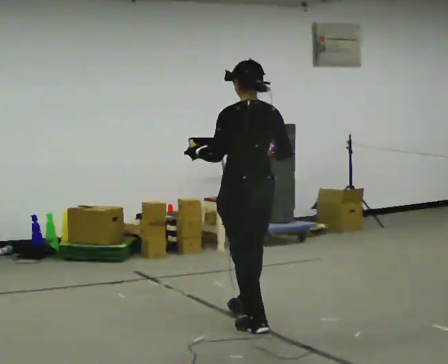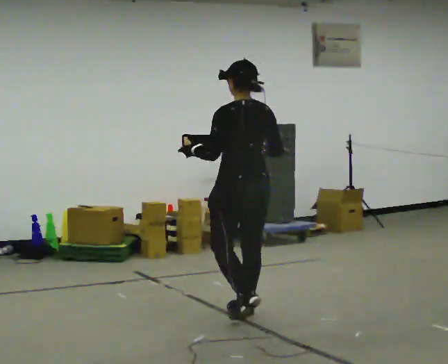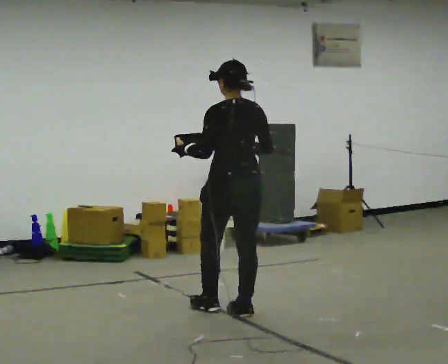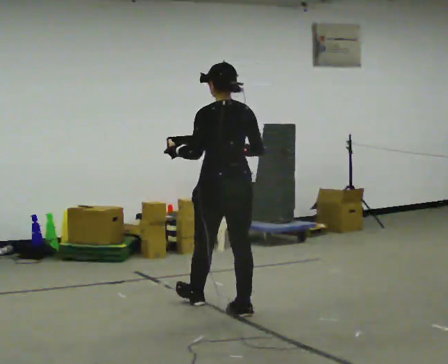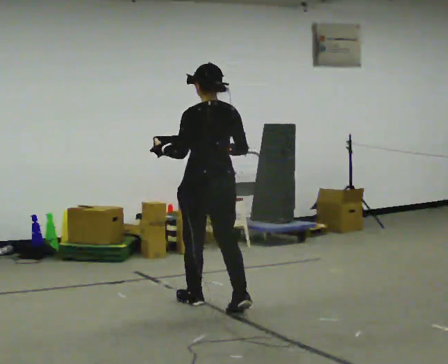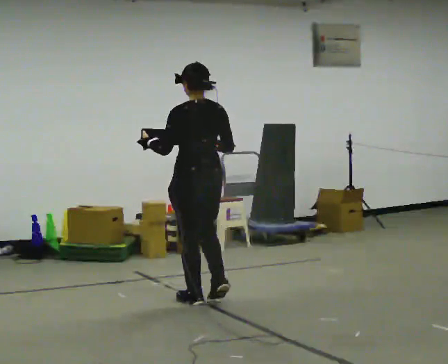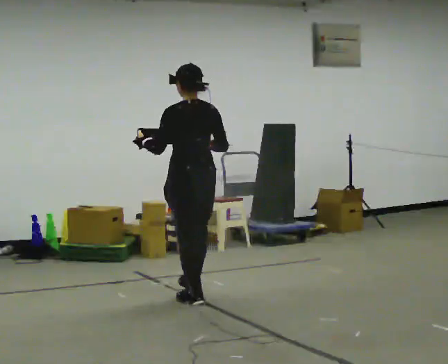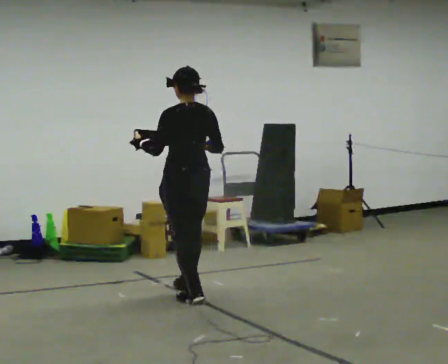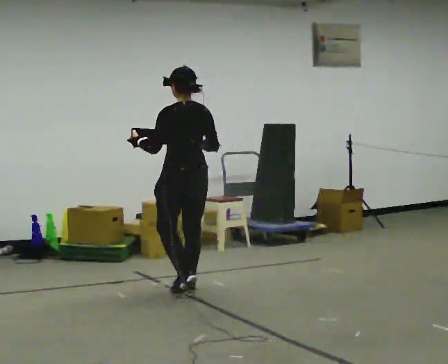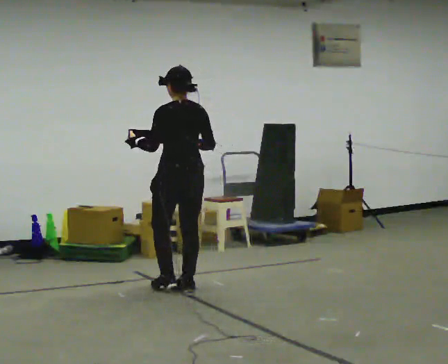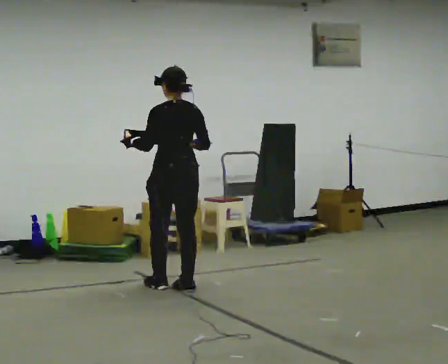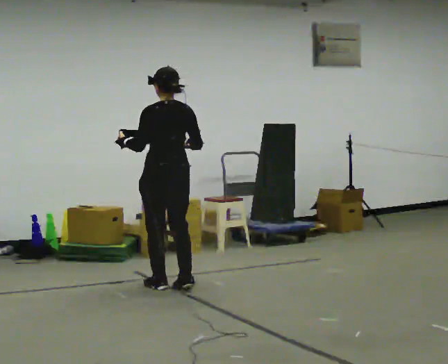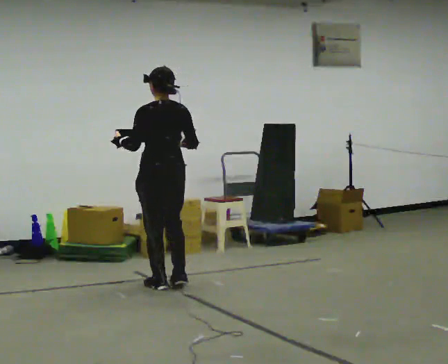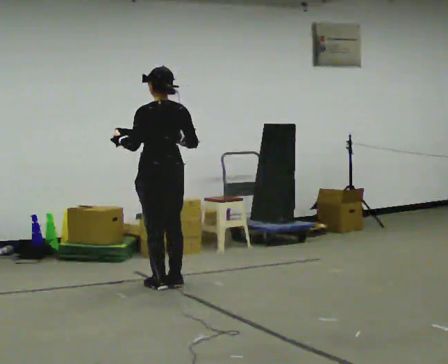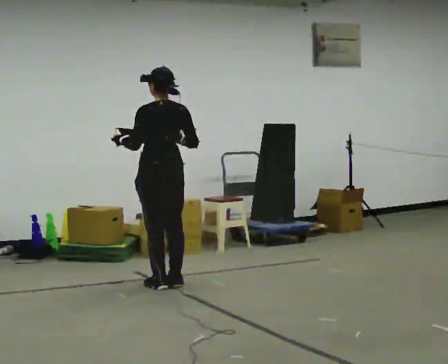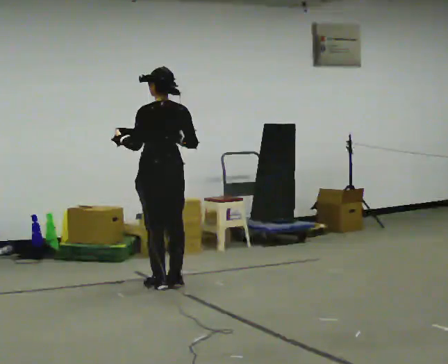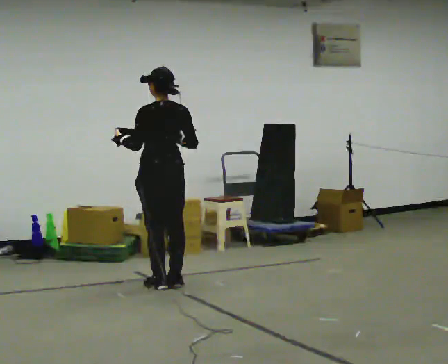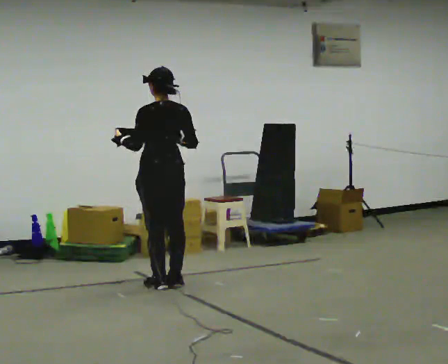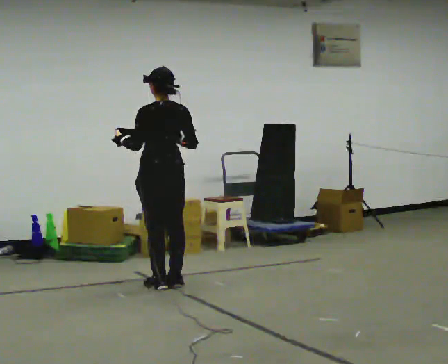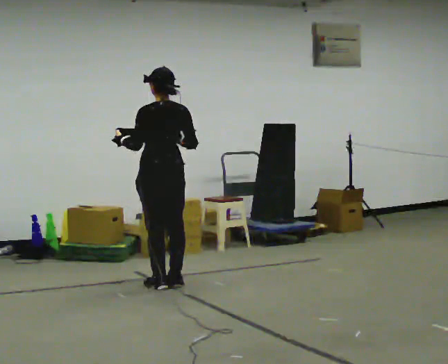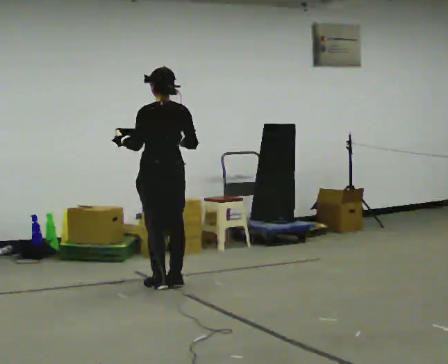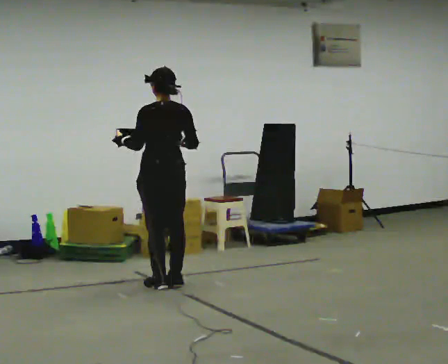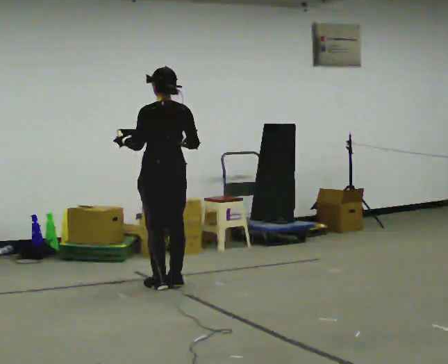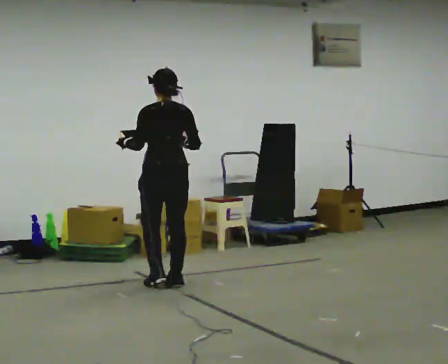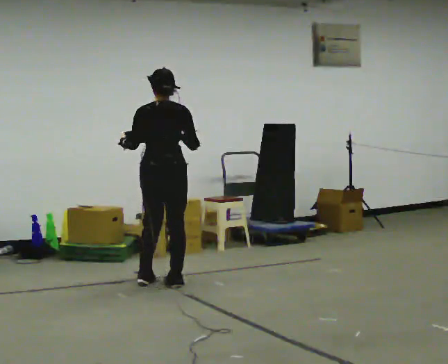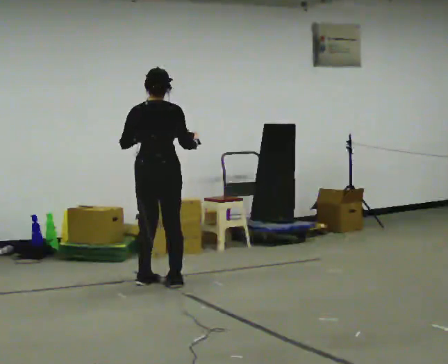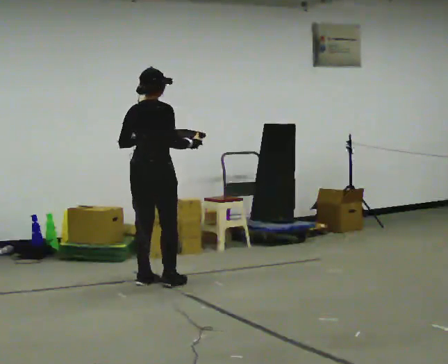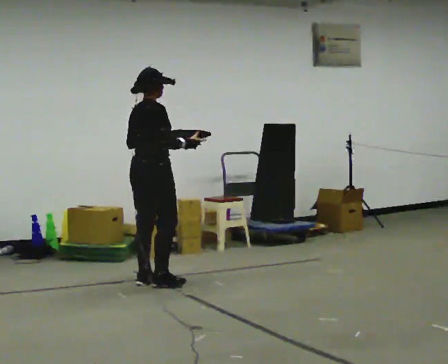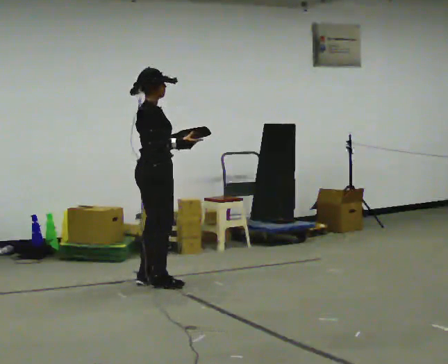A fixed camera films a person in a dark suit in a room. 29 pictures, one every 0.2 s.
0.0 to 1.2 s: In the picture they go away from the camera and to the left, about 0.5 m in 1 step, which for them is forward.
1.2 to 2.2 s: In the picture they go away from the camera and to the left, about 0.5 m in 2 steps, which for them is forward.
2.2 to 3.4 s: The person moves a little, or ends about where they began.
3.4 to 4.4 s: The person keeps their place and pose.
4.4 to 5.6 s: Seen from above the body turns clockwise, about 105 degrees: to their right, with its near side sliding to the left. In the picture their left hand goes to the right.
The film runs forward here.
